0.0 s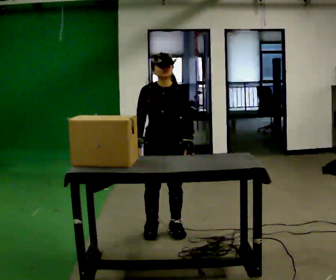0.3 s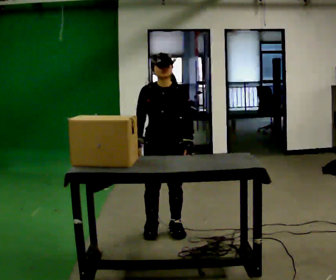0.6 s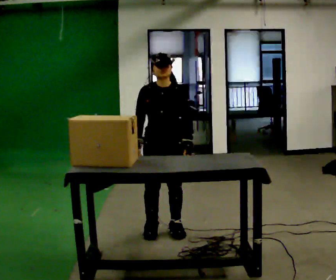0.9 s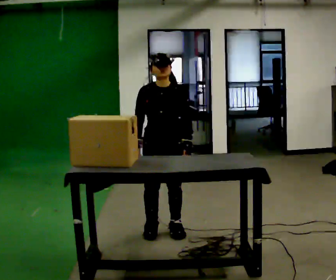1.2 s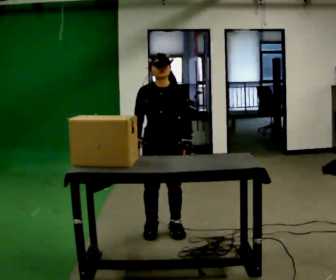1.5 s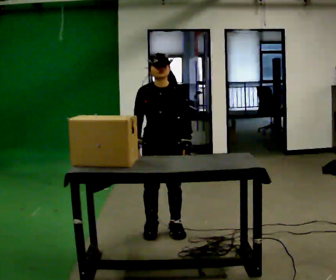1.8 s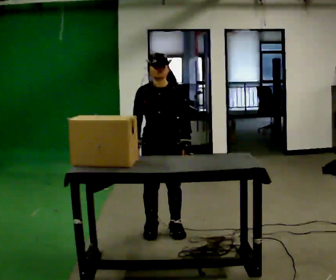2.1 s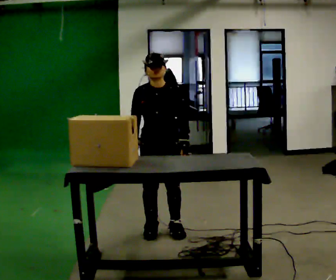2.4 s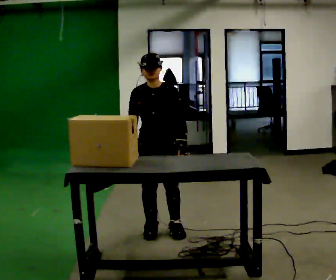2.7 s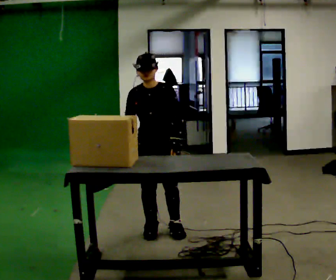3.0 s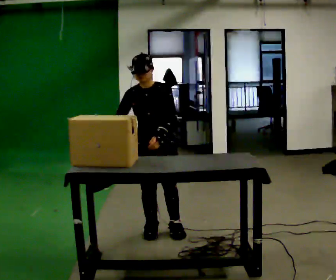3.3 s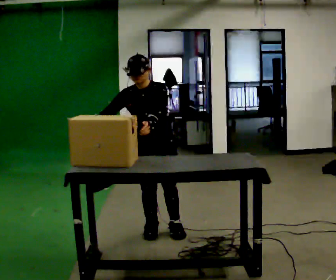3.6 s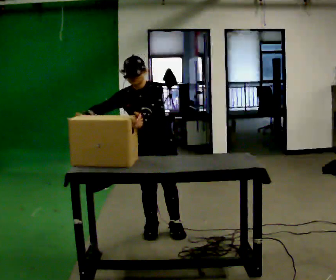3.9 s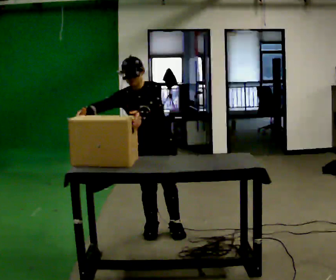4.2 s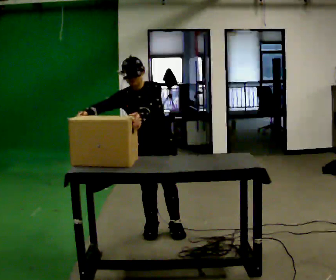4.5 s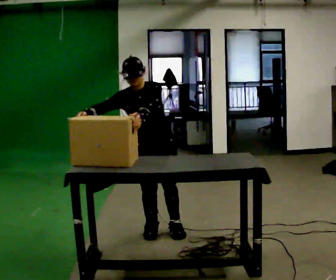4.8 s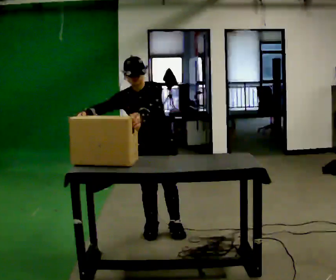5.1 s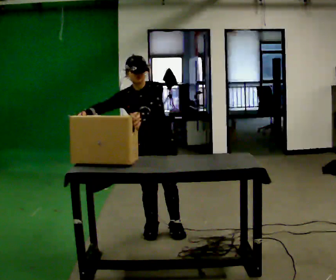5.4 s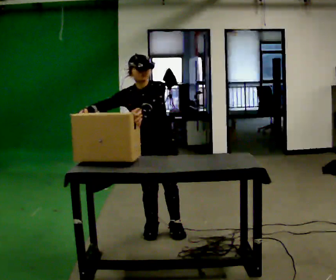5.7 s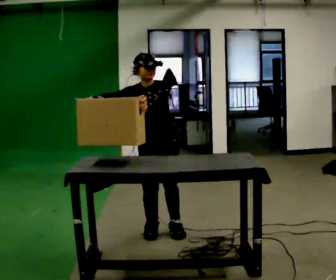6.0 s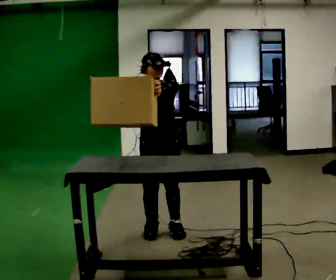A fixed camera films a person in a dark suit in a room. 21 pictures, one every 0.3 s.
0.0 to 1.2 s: The person keeps their place and pose.
1.2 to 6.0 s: In the picture their left hand goes upward.
The film runs forward here.
